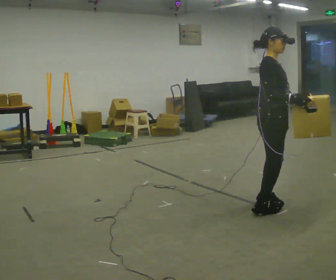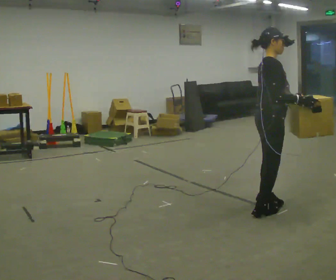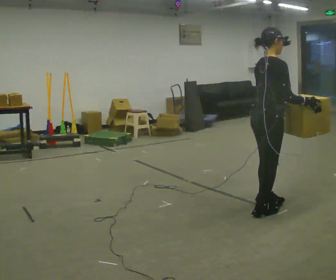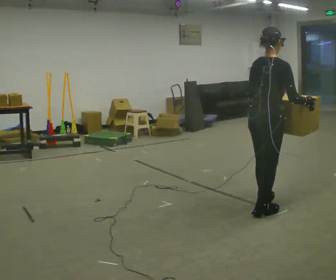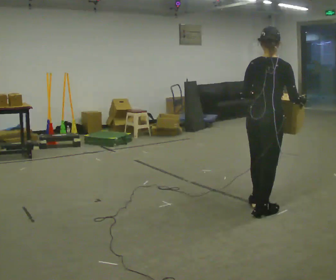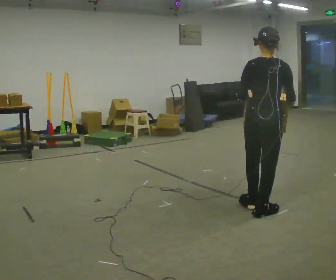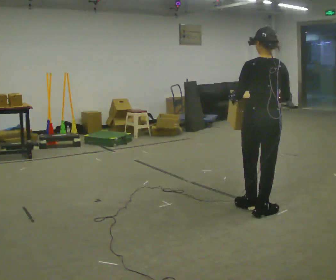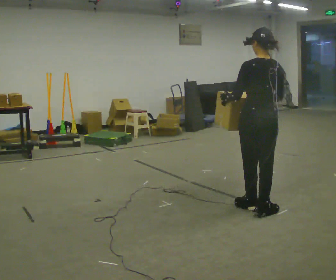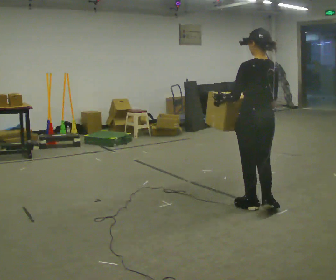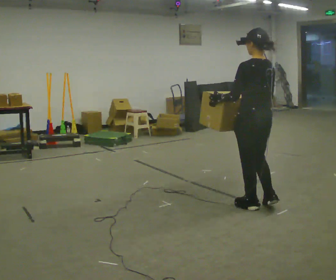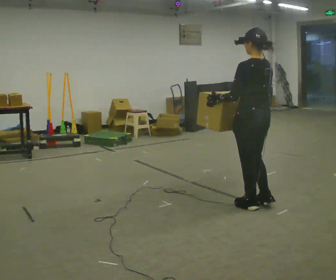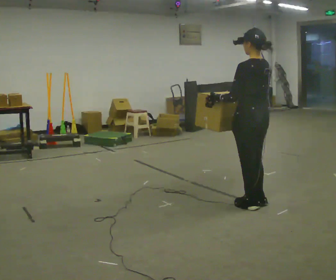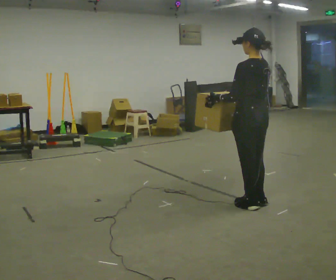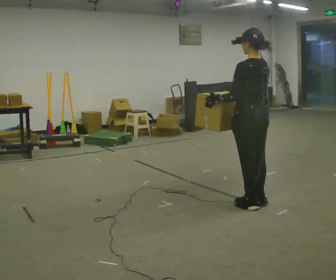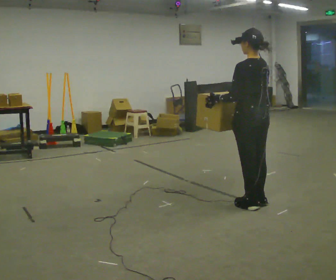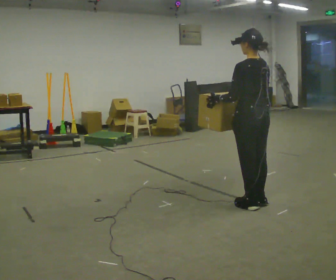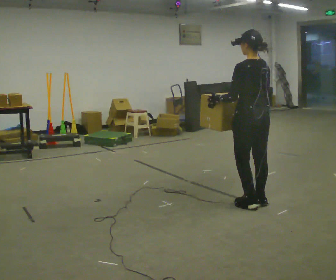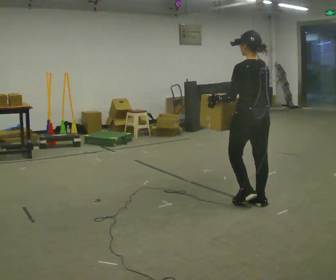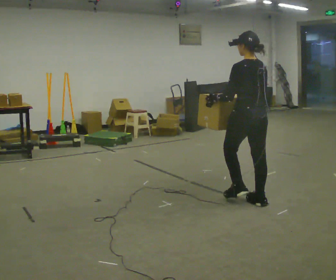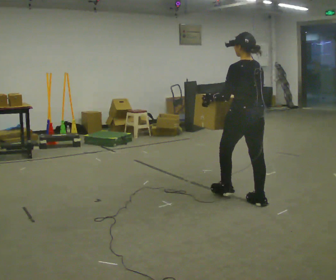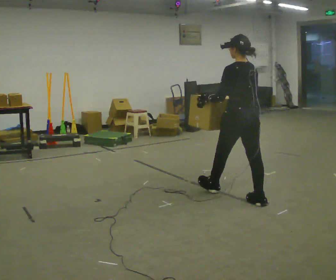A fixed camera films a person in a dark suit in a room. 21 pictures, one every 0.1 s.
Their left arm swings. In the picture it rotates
clockwise.
The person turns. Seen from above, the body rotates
counterclockwise.
0.0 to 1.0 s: Seen from above the body turns counterclockwise, about 135 degrees: to their left, with its near side sliding to the right. In the picture they go to the left, about 0.25 m in 1 step. In the picture their right hand goes to the left.
1.0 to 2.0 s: In the picture they go away from the camera, about 0.25 m in 1 step, which for them is forward.
The film runs forward here.
